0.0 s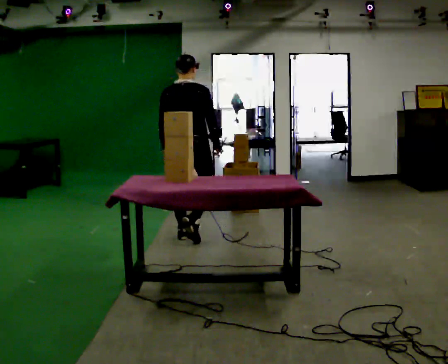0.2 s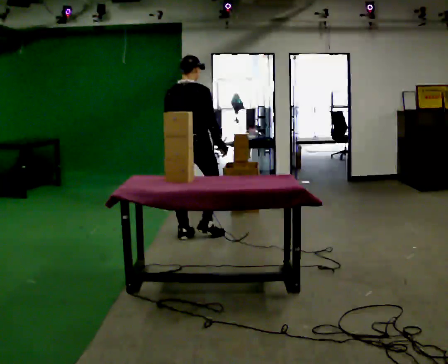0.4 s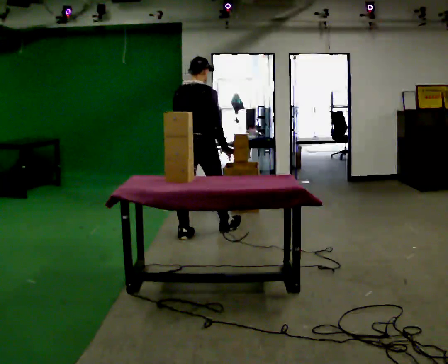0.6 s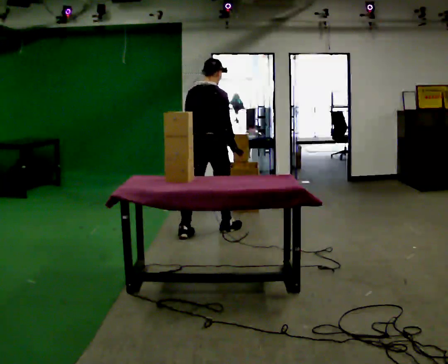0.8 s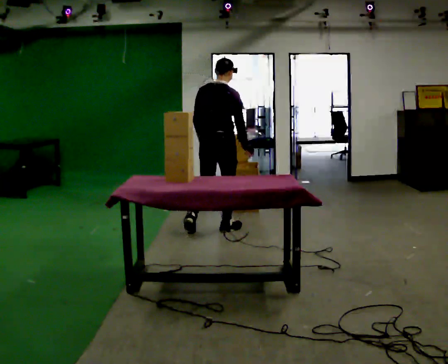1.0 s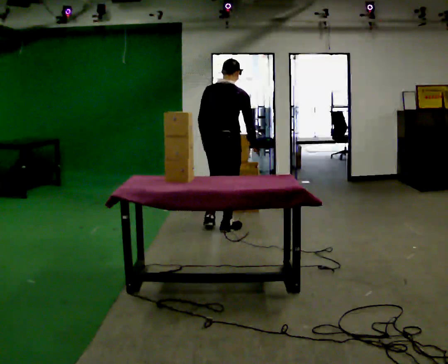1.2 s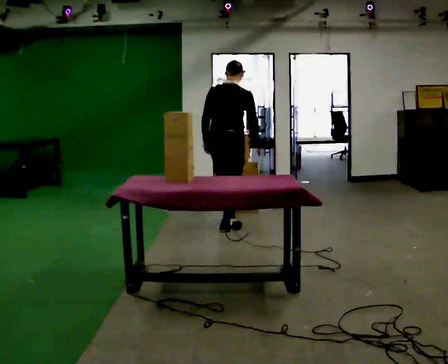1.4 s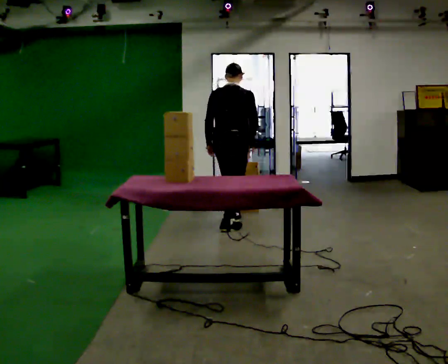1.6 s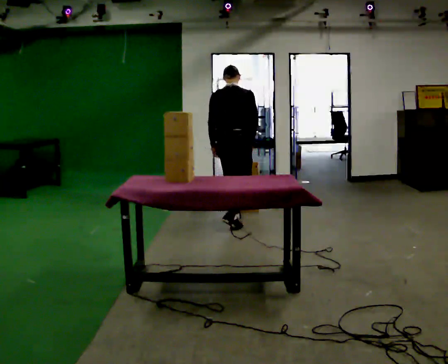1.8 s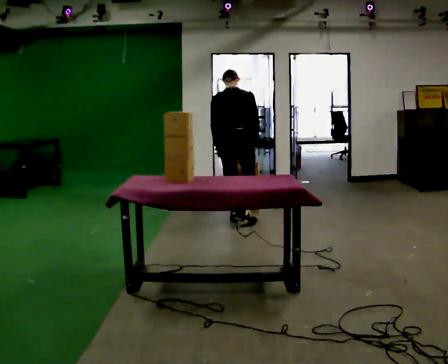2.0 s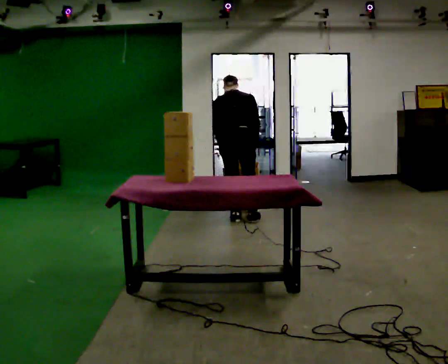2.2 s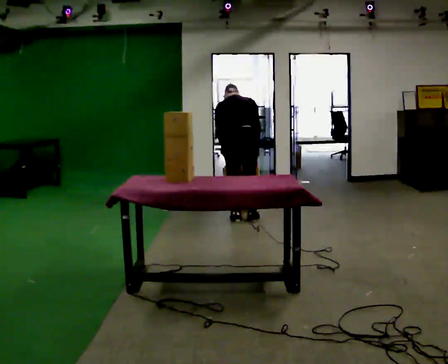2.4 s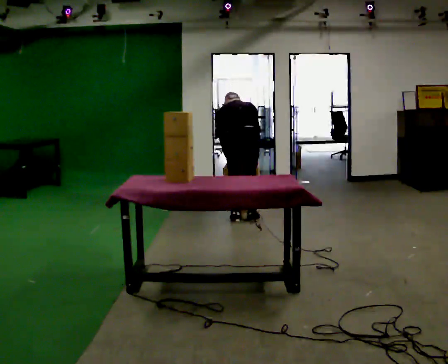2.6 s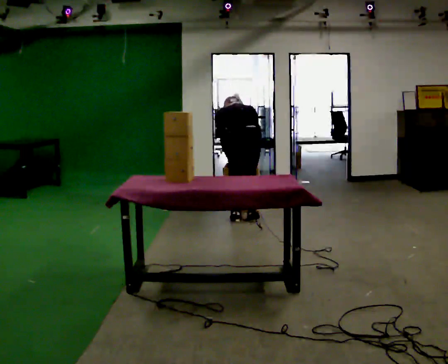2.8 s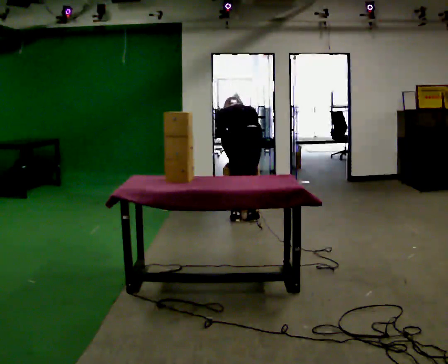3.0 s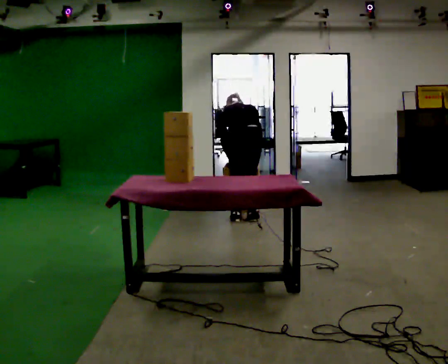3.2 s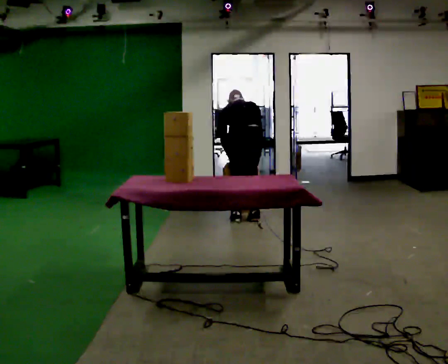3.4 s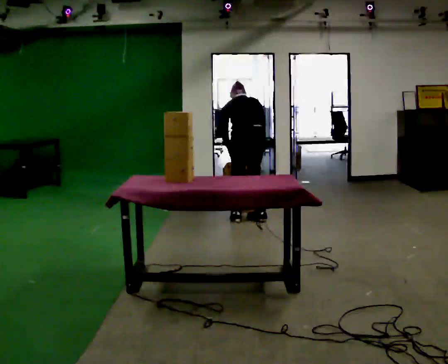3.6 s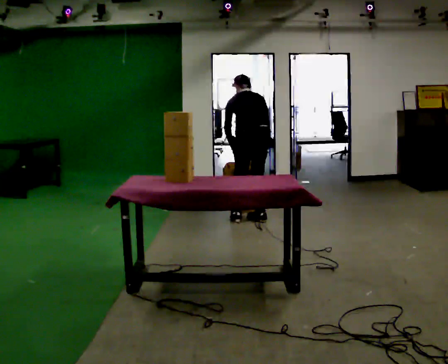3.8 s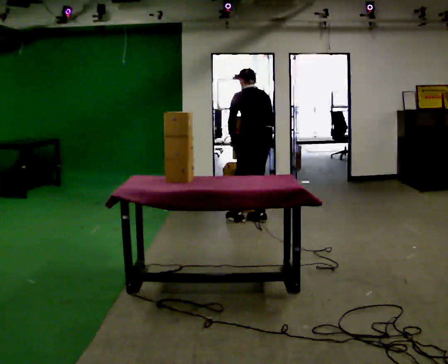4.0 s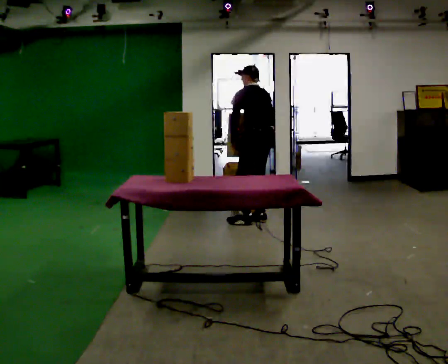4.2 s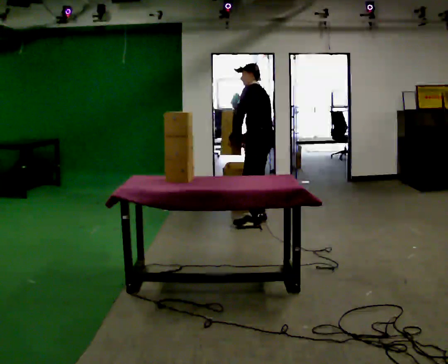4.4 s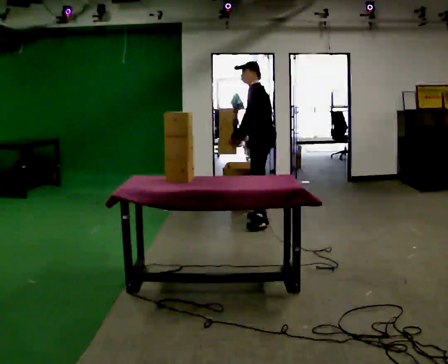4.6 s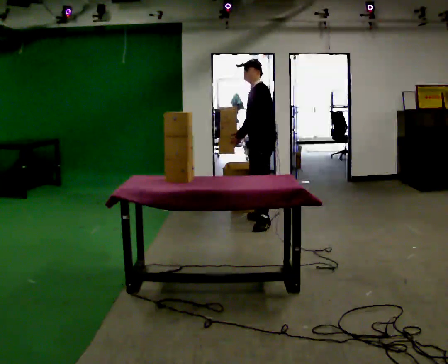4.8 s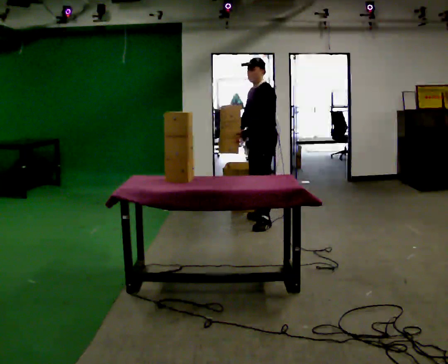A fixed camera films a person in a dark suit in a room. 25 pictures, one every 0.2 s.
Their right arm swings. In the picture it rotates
clockwise.
The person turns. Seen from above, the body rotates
counterclockwise.
0.0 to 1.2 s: In the picture they go away from the camera and to the right, about 0.5 m in 1 step, which for them is forward.
1.2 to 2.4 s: In the picture they go away from the camera and to the right, about 0.25 m in 2 steps, which for them is forward. The upper body goes downward. The upper body tips away from the camera, its near side rolling upward, as they bend forward.
2.4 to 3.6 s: The person moves a little, or ends about where they began.
3.6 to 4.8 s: Seen from above the body turns counterclockwise, about 90 degrees: to their left, with its near side sliding to the right. The upper body tips toward the camera, its near side rolling downward, as they lean back or straighten.
The film runs forward here.
